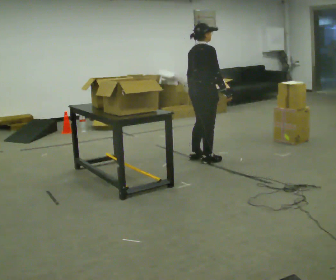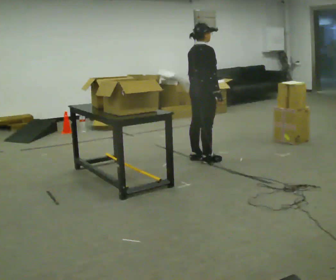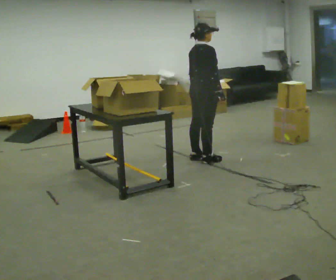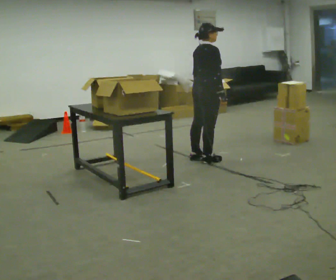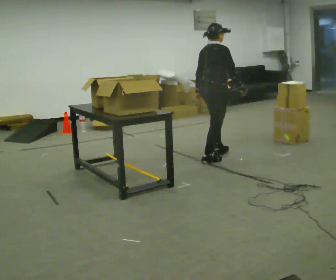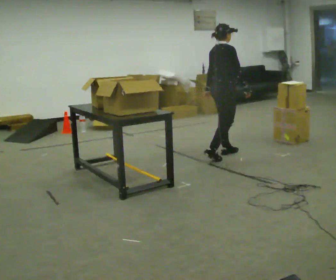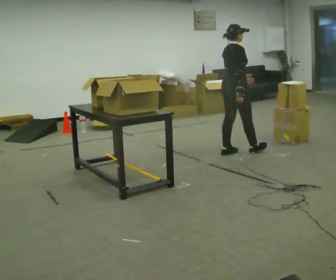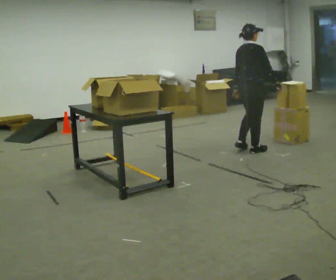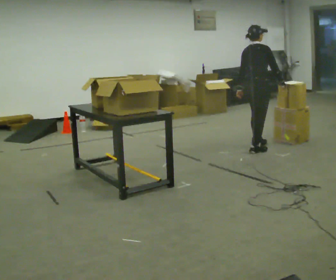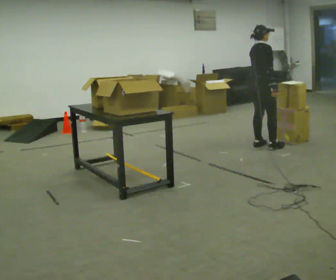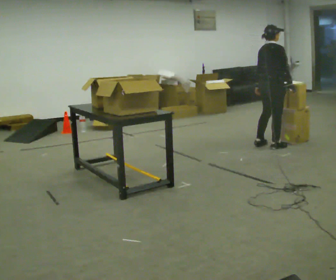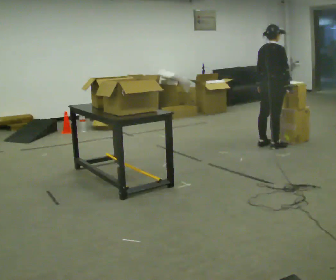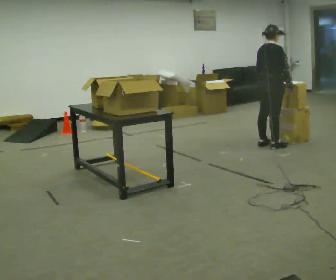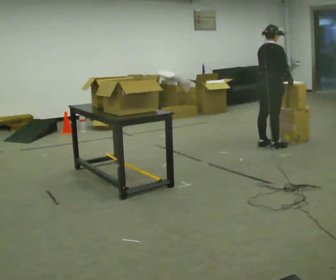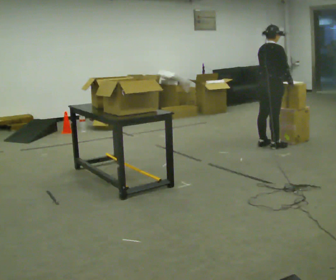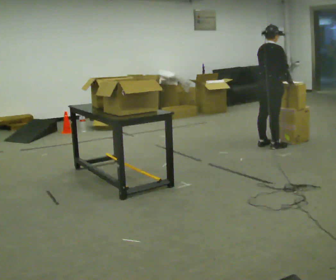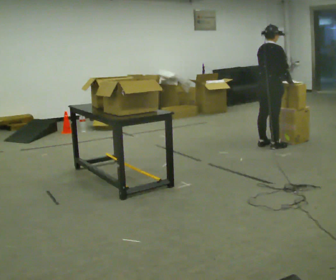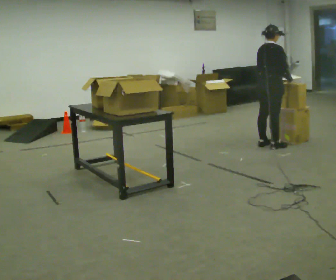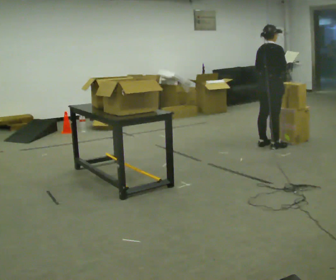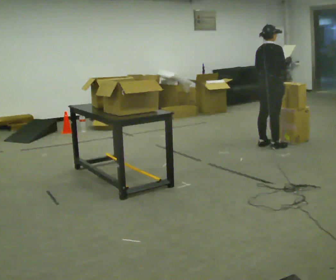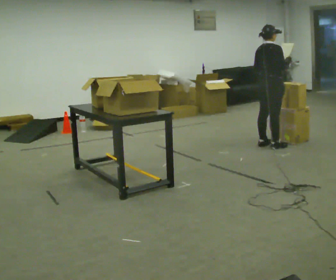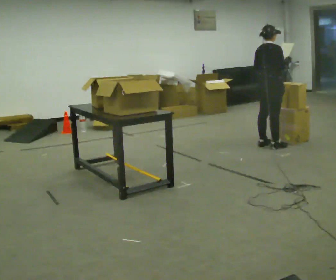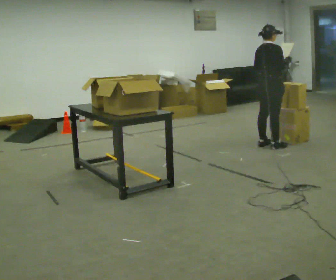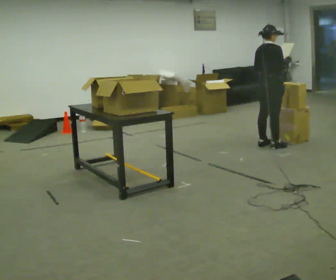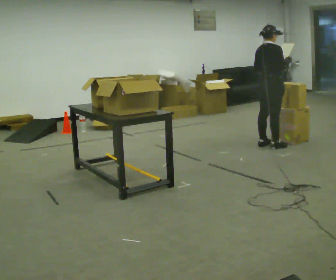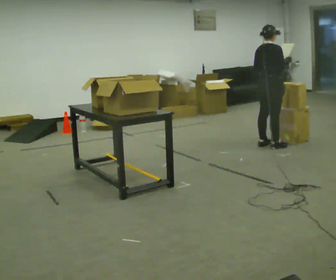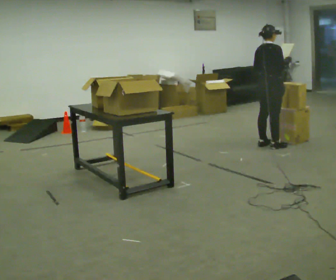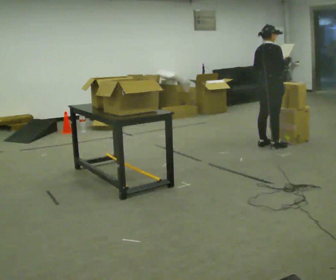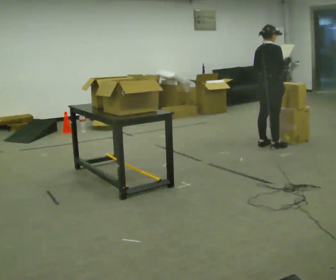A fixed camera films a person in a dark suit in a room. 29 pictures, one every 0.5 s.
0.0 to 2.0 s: The person moves a little, or ends about where they began.
2.0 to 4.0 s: In the picture they go away from the camera and to the right, about 0.5 m in 3 steps, which for them is forward.
4.0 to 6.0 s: In the picture they go to the right, about 0.25 m in 1 step, which for them is forward. In the picture their left hand goes to the right.
6.0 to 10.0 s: The person moves a little, or ends about where they began.
10.0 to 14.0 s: The person keeps their place and pose.
The film runs forward here.
